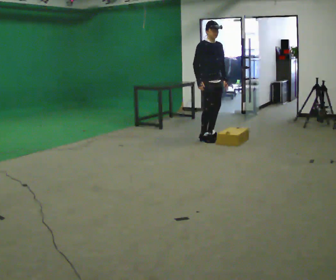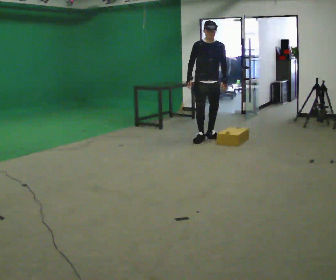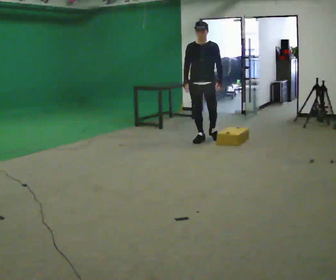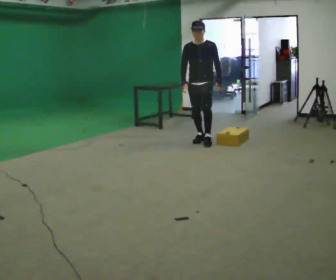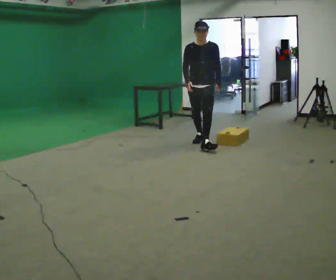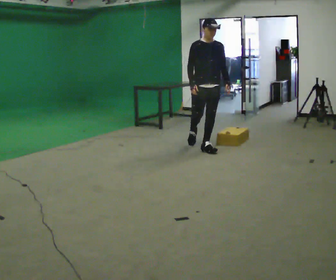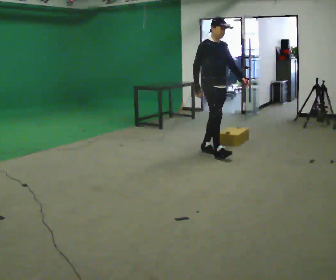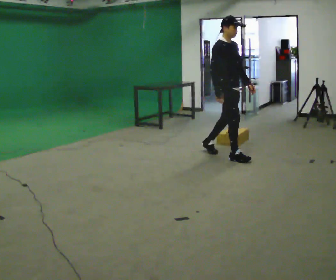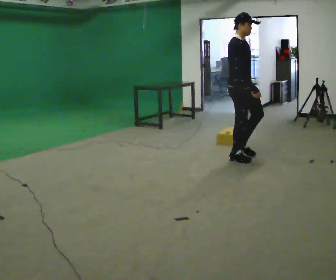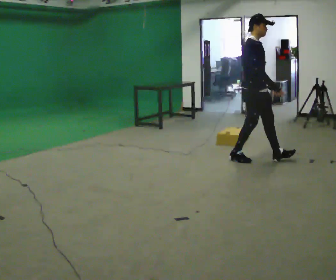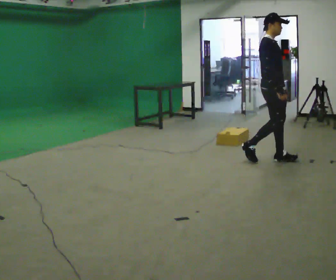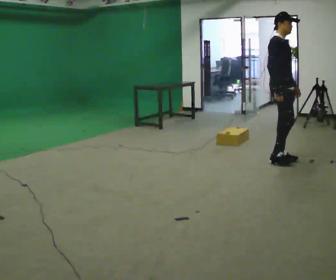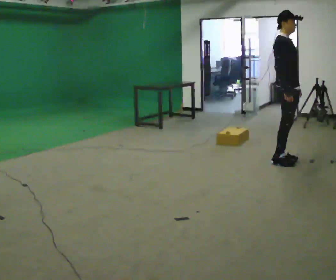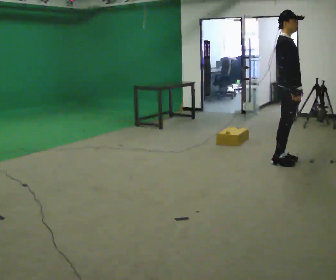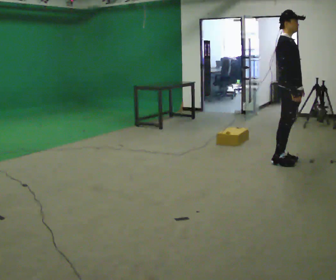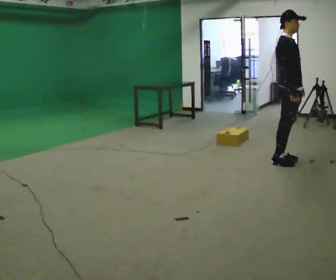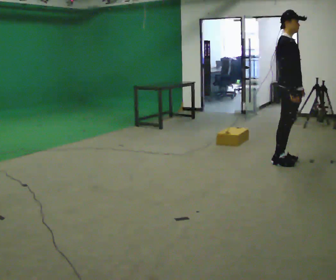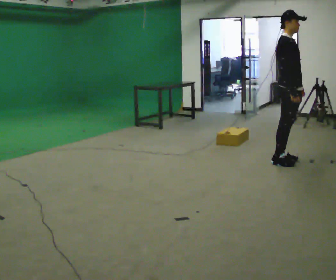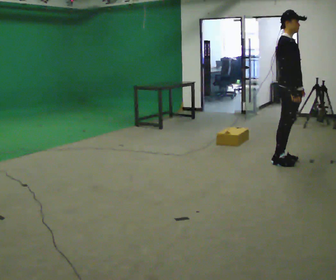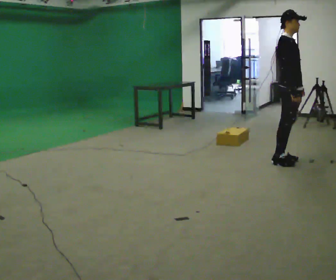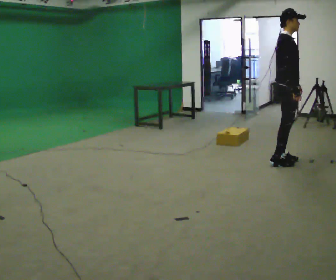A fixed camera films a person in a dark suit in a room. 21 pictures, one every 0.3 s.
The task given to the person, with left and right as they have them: Walk quickly but do not run; remain comfortable and controlled; stop.
0.0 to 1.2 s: The part of the body nearest the lens slides to the left as the person turns to their right by about 45 degrees. In the picture they go toward the camera, about 0.25 m, which for them is forward.
1.2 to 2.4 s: Seen from above the body turns counterclockwise, about 75 degrees: to their left, with its near side sliding to the right. In the picture they go toward the camera and to the right, about 1 m in 2 steps.
2.4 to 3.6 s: In the picture they go to the right, about 0.5 m in 2 steps, which for them is forward.
3.6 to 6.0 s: The person moves a little, or ends about where they began.
The film runs forward here.
